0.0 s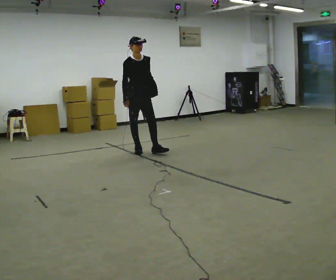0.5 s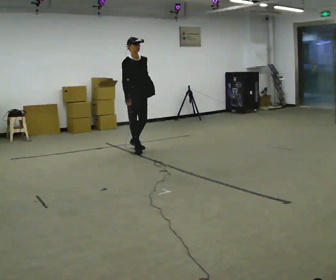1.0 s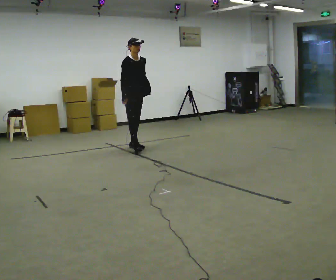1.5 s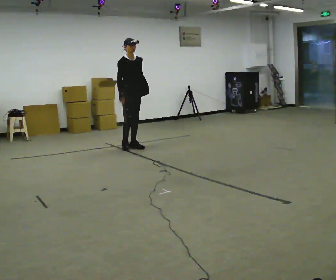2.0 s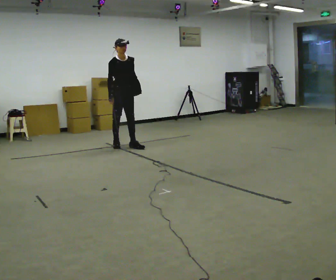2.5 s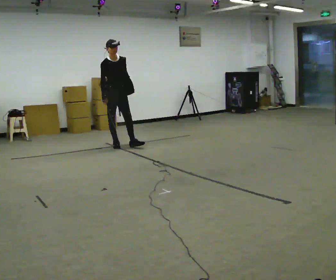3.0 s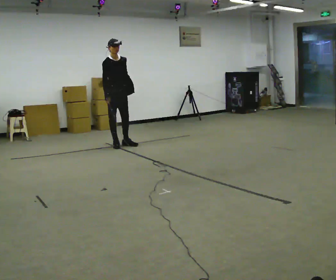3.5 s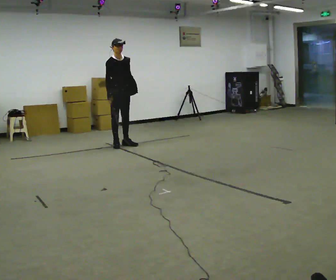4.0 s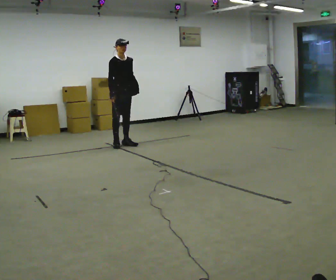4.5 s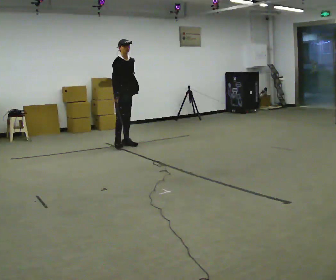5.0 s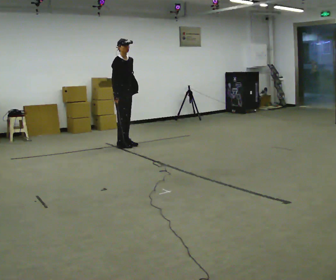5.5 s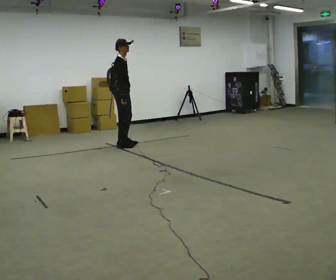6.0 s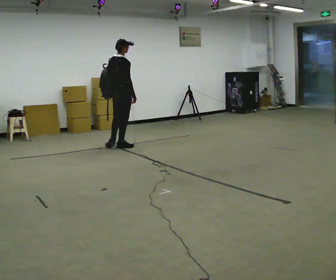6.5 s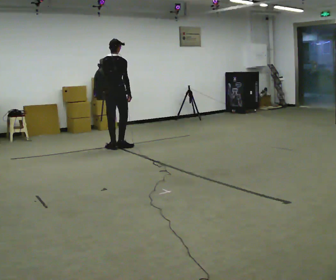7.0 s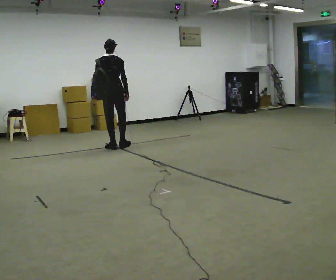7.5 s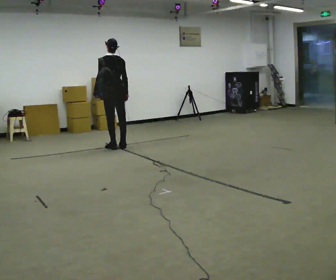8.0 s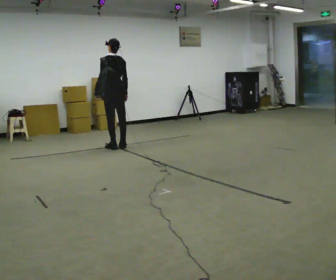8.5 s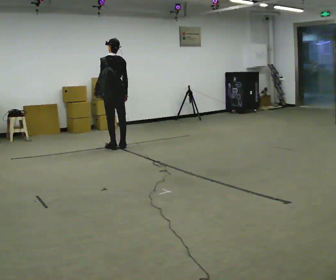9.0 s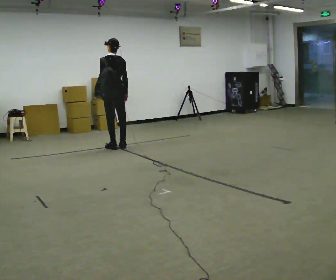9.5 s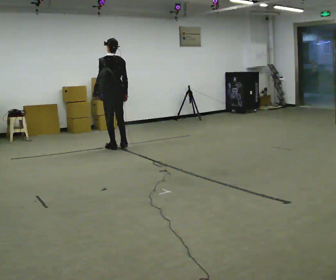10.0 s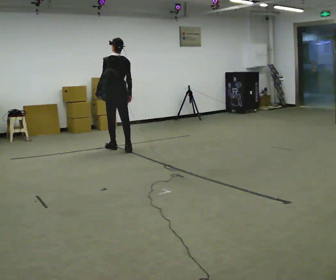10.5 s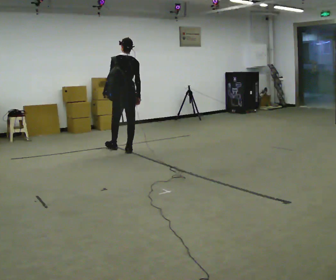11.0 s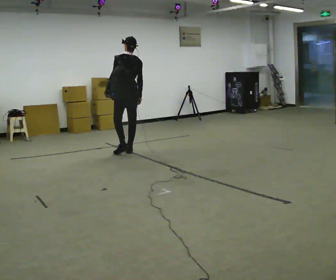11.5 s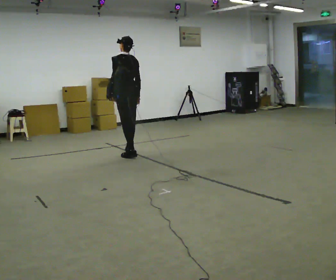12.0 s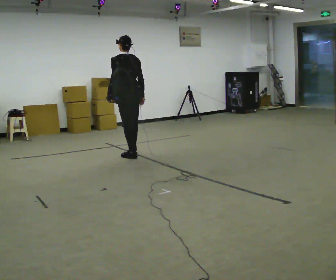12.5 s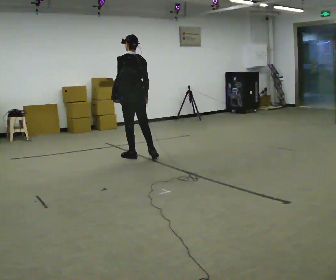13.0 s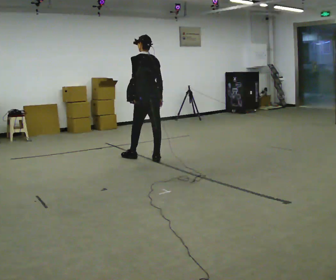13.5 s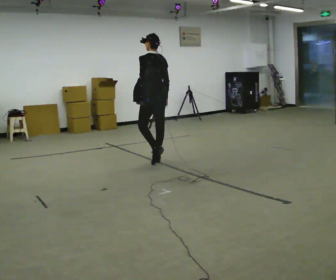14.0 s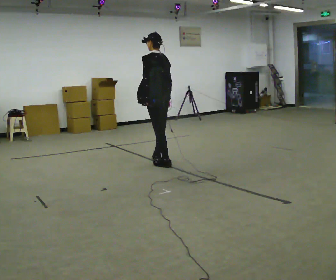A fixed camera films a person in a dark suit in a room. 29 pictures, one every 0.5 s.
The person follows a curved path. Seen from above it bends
counterclockwise.
0.0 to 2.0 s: In the picture they go away from the camera and to the left, about 0.5 m in 1 step, which for them is backward.
2.0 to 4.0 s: The person moves a little, or ends about where they began.
4.0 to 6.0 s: The part of the body nearest the lens slides to the right as the person turns to their left by about 90 degrees. In the picture they go toward the camera, about 0.25 m in 1 step. In the picture their left hand goes to the left, the arm swinging clockwise.
6.0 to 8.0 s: The part of the body nearest the lens slides to the right as the person turns to their left by about 75 degrees.
8.0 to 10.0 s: The person moves a little, or ends about where they began.
10.0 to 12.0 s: In the picture they go toward the camera, about 0.5 m in 2 steps, which for them is backward.
12.0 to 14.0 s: In the picture they go toward the camera and to the right, about 0.5 m in 1 step, which for them is backward.
The film runs backward here.
